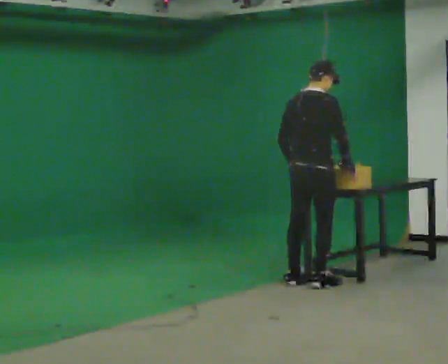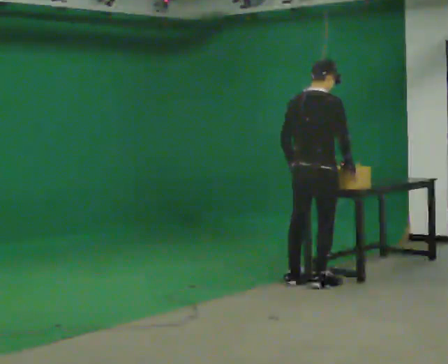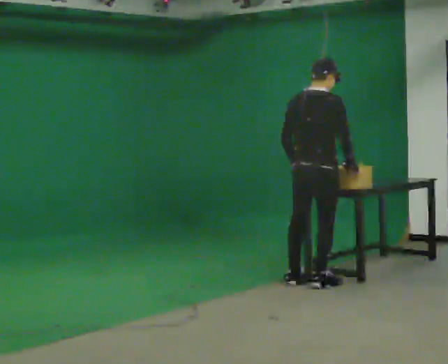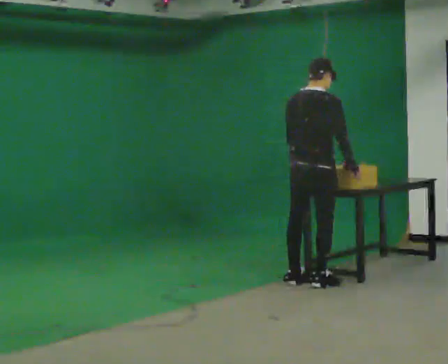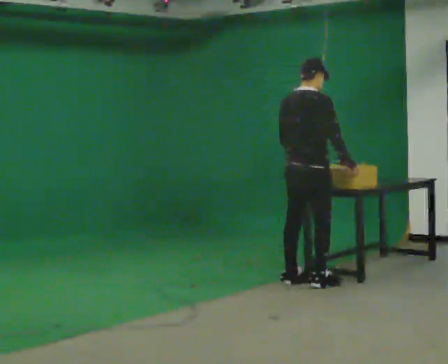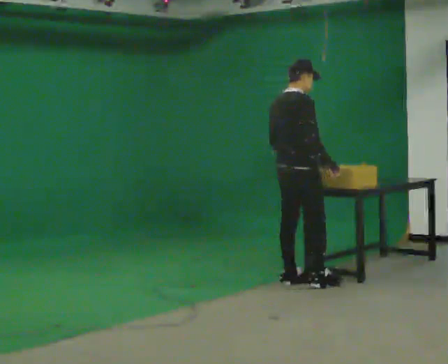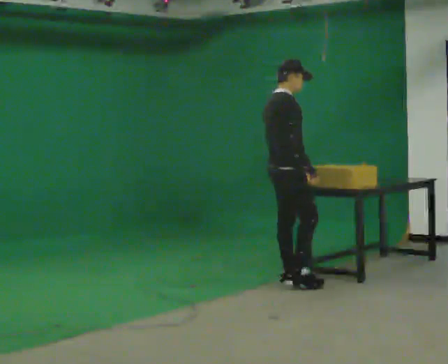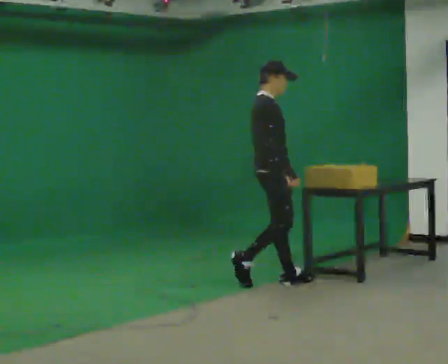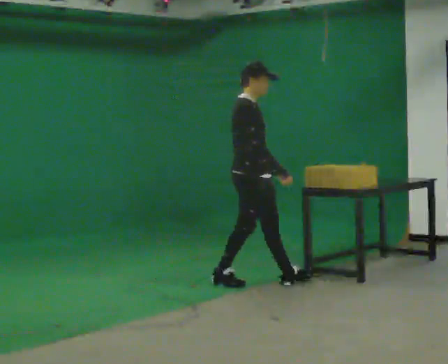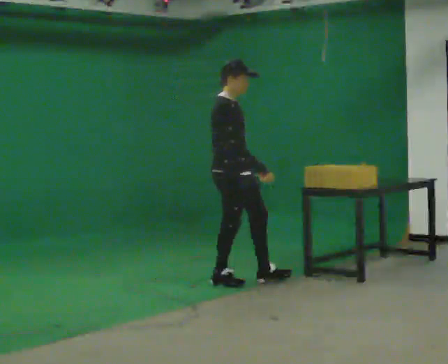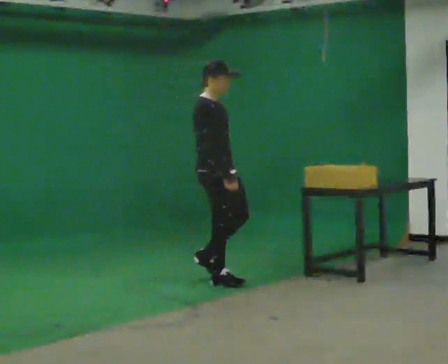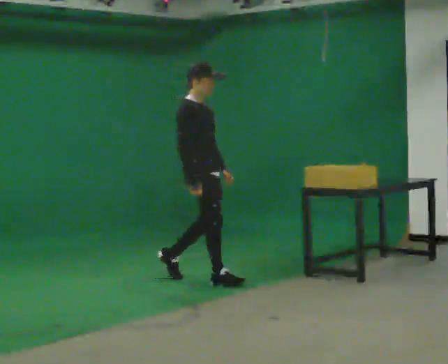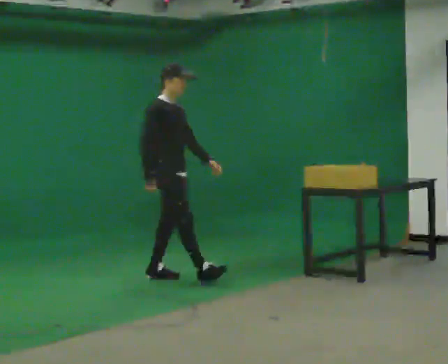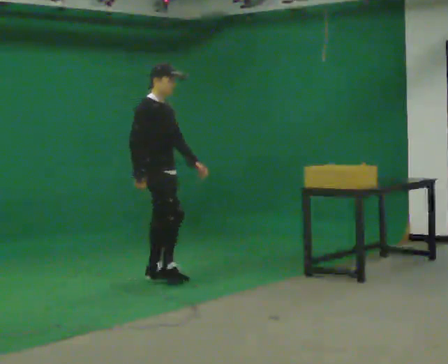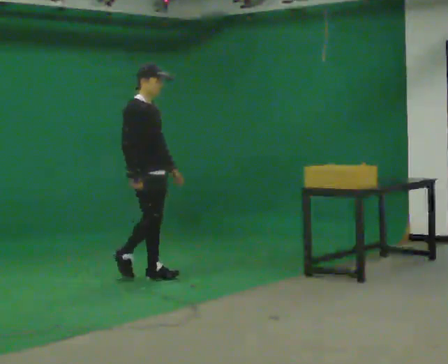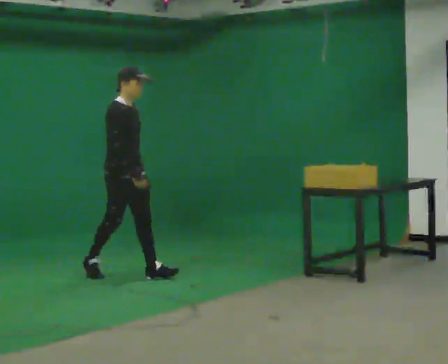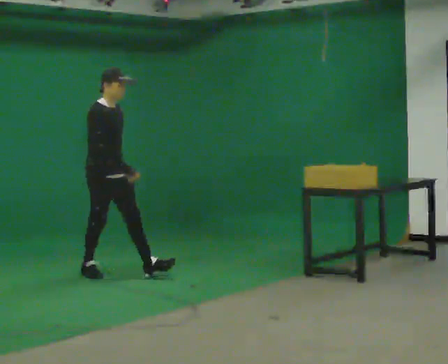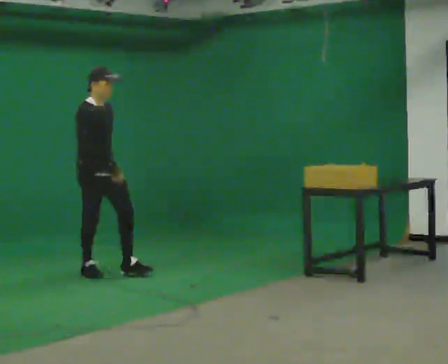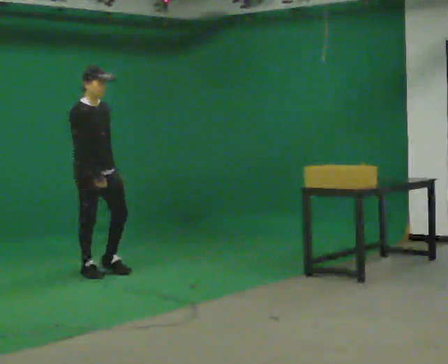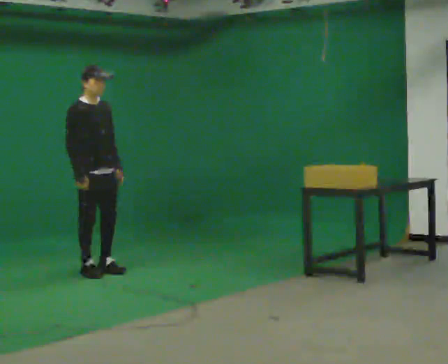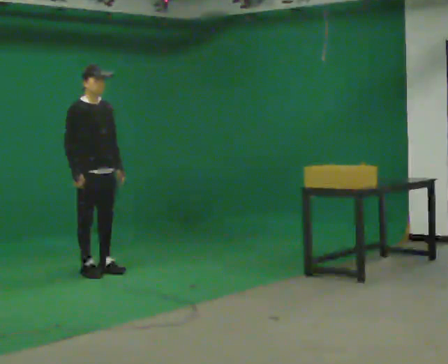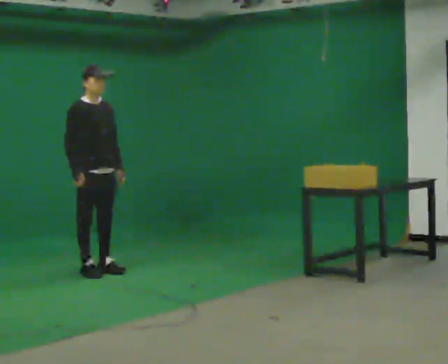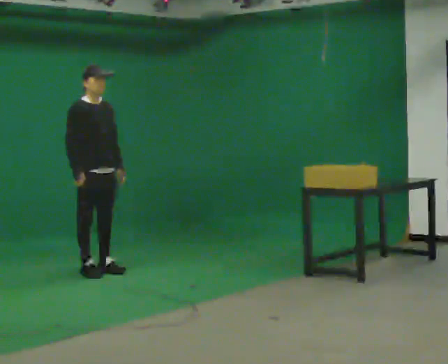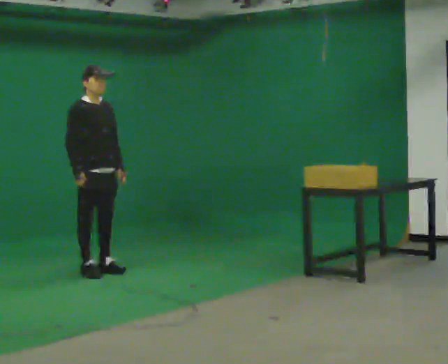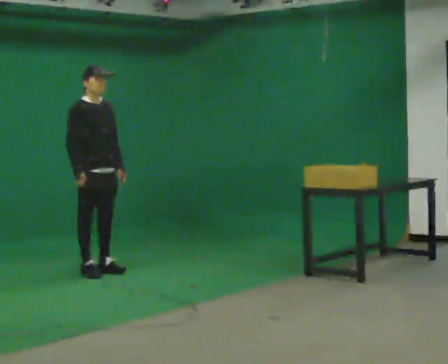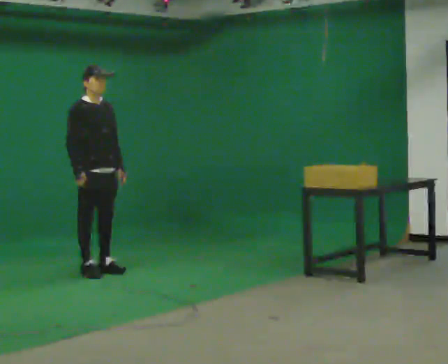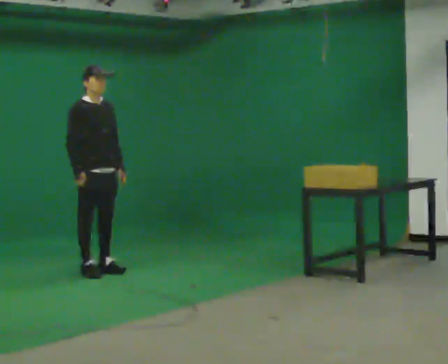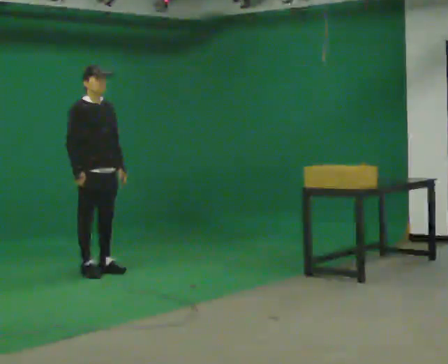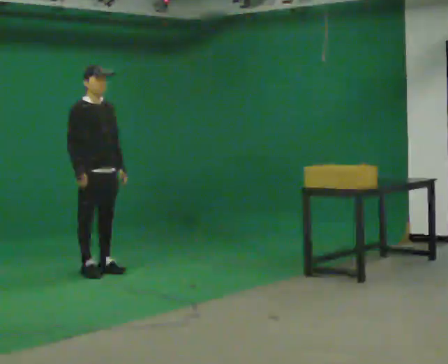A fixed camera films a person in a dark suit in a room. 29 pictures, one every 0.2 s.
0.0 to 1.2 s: The part of the body nearest the lens slides to the left as the person turns to their right by about 30 degrees. In the picture they go to the left, about 0.25 m in 1 step, which for them is to their left.
1.2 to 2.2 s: The part of the body nearest the lens slides to the left as the person turns to their right by about 30 degrees. In the picture they go to the left, about 0.75 m in 1 step, which for them is backward.
2.2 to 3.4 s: In the picture they go to the left and away from the camera, about 1 m in 2 steps, which for them is backward.
3.4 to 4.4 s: In the picture their right hand goes to the left.
4.4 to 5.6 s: The person keeps their place and pose.
The film runs backward here.
